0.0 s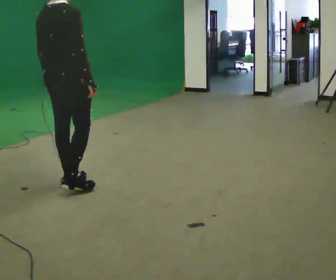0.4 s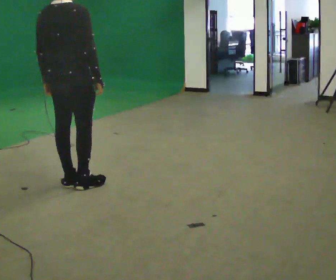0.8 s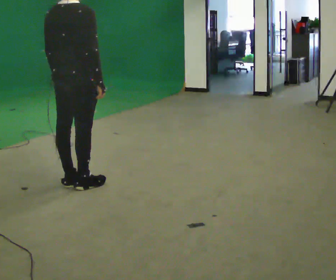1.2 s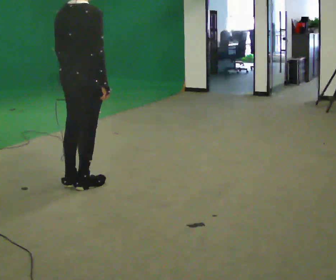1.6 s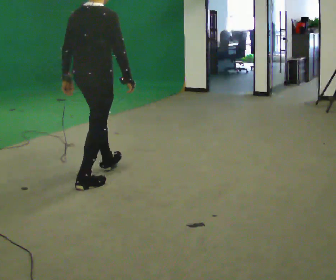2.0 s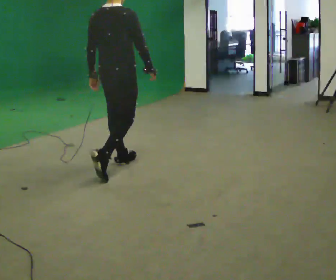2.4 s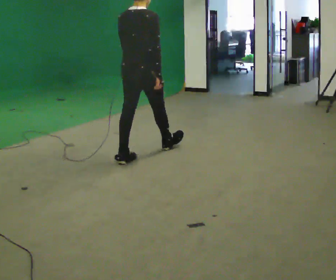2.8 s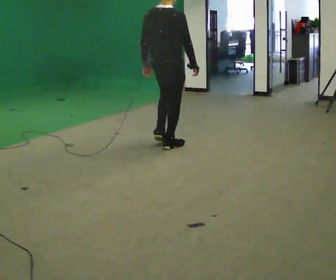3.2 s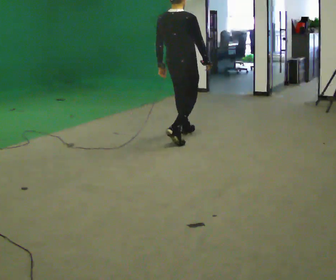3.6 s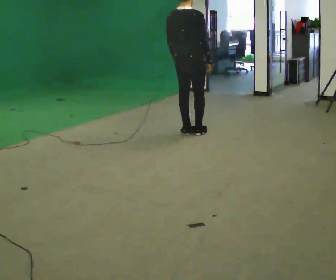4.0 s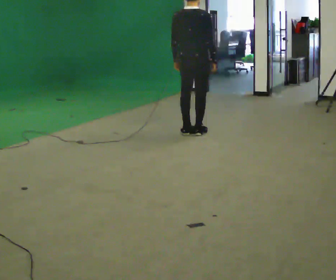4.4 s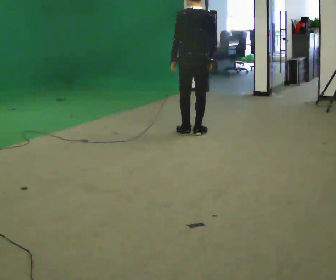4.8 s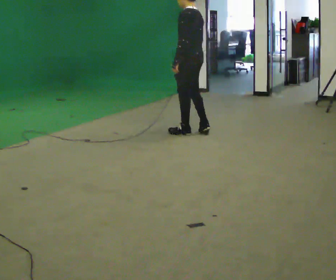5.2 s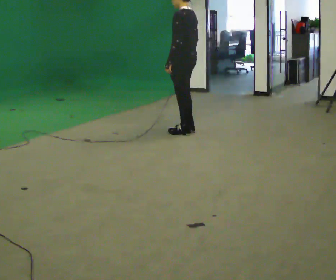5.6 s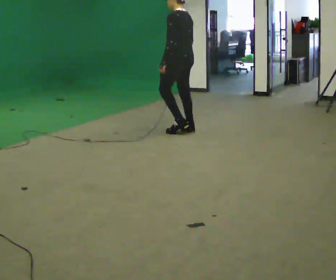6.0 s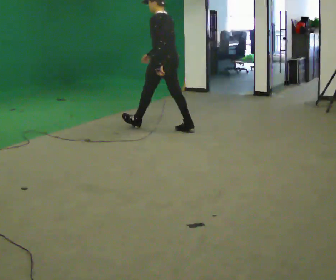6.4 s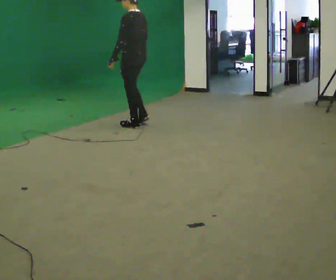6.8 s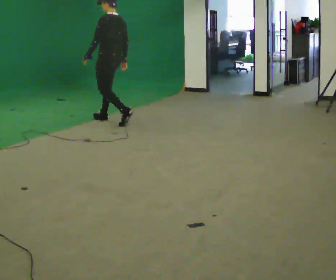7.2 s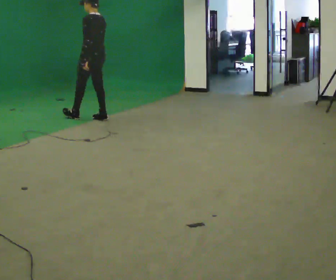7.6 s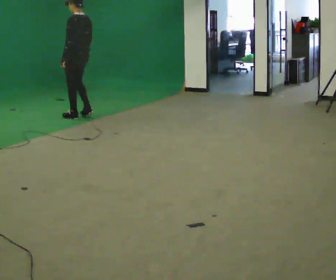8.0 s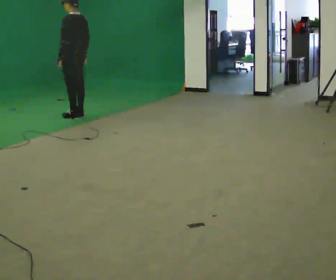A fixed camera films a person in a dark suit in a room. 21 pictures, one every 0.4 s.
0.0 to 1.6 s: In the picture they go to the right, about 0.25 m in 1 step, which for them is forward and to their right.
1.6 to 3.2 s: In the picture they go away from the camera and to the right, about 1.5 m in 3 steps, which for them is forward.
3.2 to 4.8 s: The part of the body nearest the lens slides to the right as the person turns to their left by about 90 degrees. In the picture they go away from the camera, about 0.25 m in 1 step.
4.8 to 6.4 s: In the picture they go to the left and away from the camera, about 1 m in 2 steps, which for them is forward.
6.4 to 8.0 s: In the picture they go to the left and away from the camera, about 1 m in 3 steps, which for them is forward.
The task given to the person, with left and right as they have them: Walk; stop fully; turn 90° left/right while standing; walk new direction.
The film runs forward here.
